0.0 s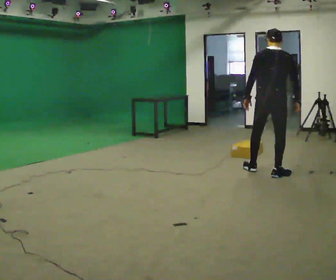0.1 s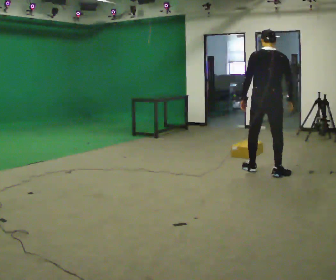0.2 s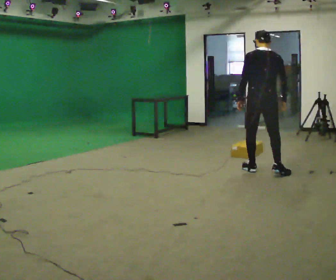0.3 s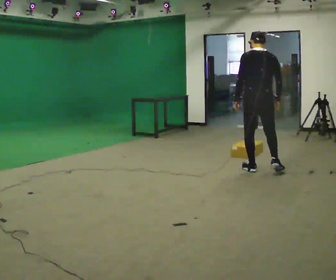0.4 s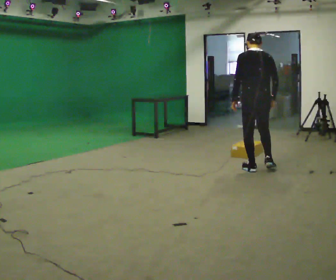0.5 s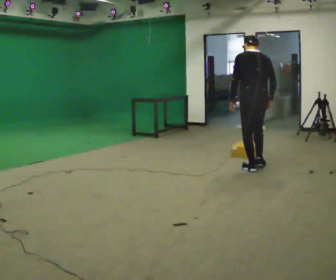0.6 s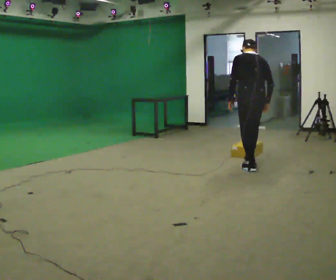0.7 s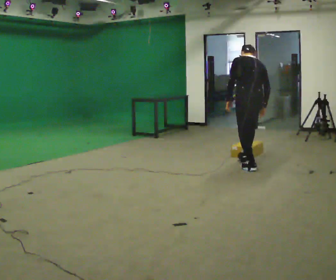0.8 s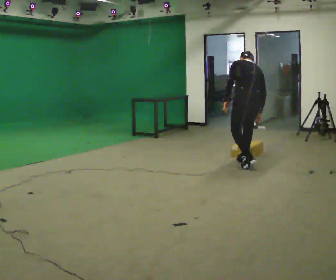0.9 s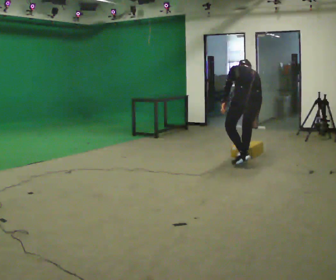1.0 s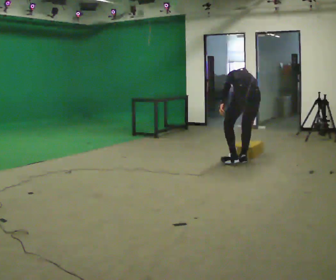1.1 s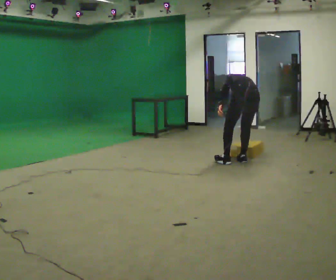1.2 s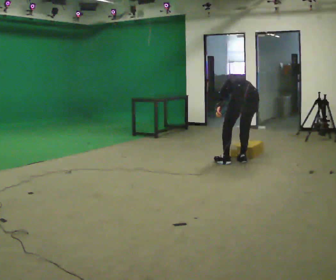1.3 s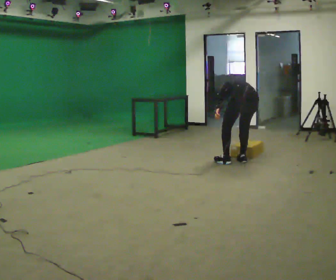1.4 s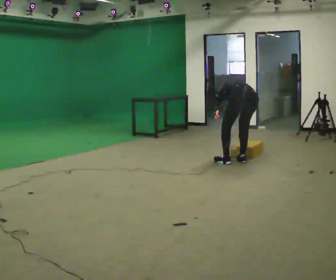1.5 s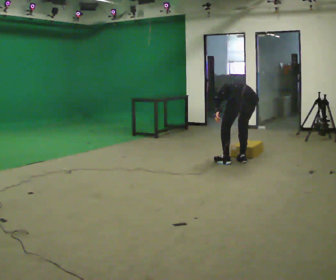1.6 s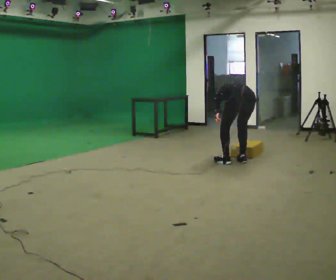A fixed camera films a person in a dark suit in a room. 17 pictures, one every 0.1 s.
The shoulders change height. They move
downward.
Their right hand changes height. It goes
downward.
0.0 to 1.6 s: Seen from above the body turns counterclockwise, about 30 degrees: to their left, with its near side sliding to the right. In the picture they go away from the camera and to the left, about 0.5 m in 2 steps, which for them is forward. The shoulders move downward. The upper body tips away from the camera, its near side rolling upward, as they bend forward.
The film runs forward here.
